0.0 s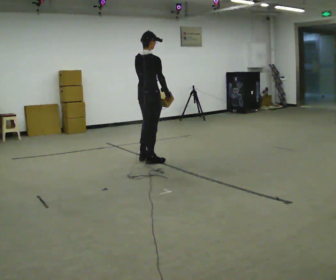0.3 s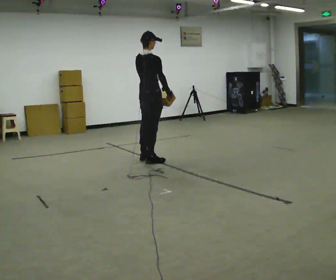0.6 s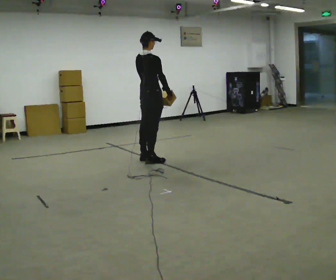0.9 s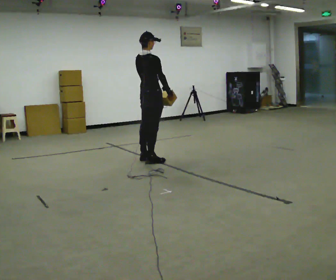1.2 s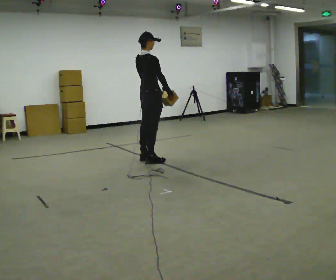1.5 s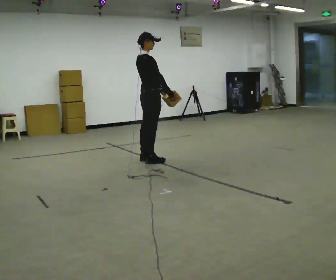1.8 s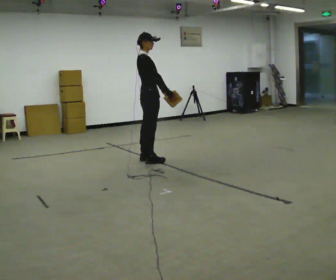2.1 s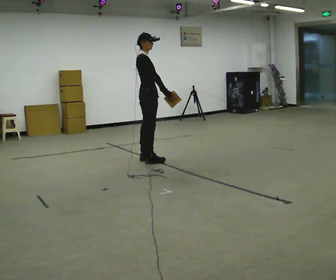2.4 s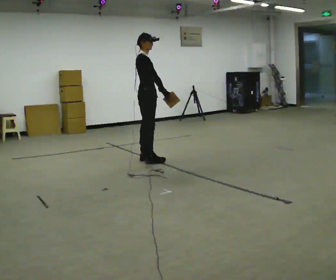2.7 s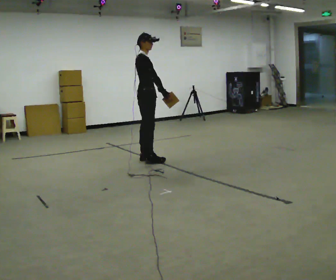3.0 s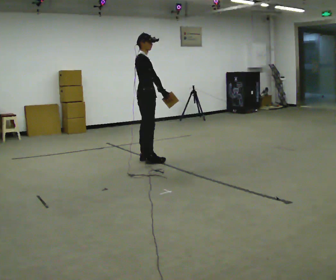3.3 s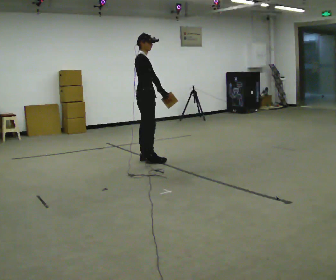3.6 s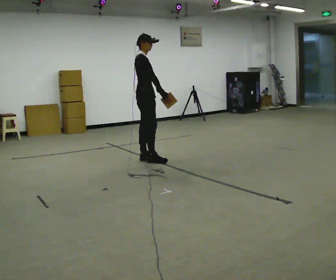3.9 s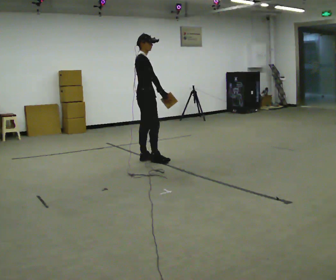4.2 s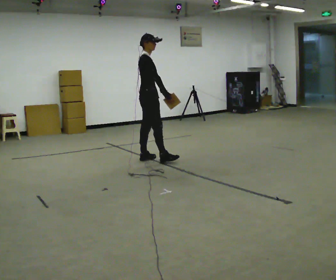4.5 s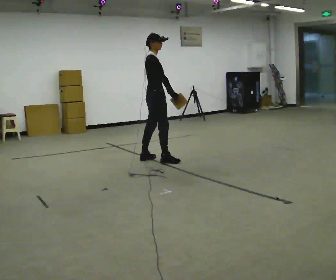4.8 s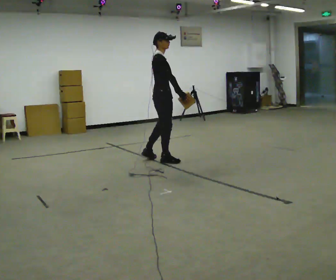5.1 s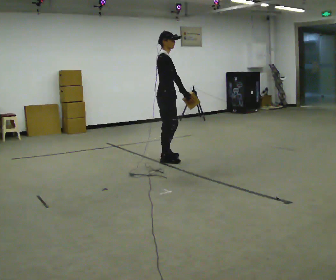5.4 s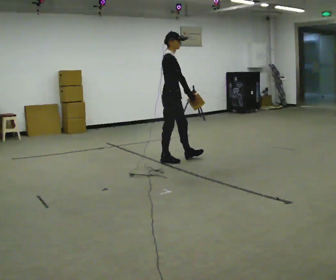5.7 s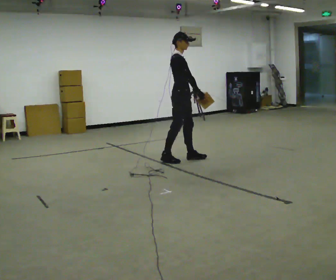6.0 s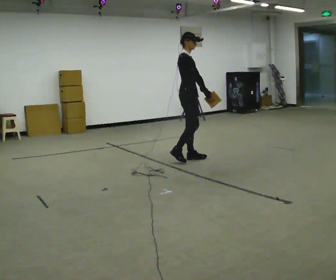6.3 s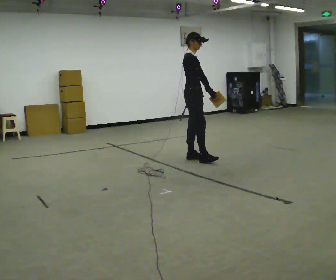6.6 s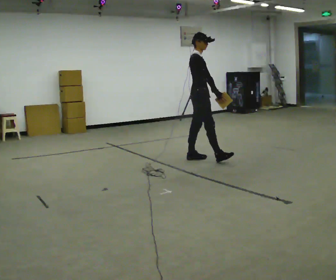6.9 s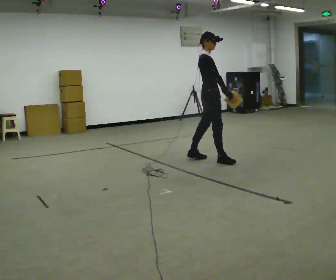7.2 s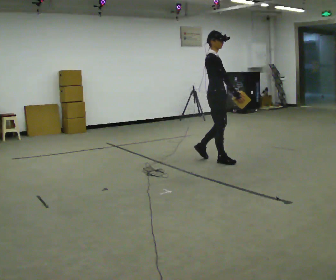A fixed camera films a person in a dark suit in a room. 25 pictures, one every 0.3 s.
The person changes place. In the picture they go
to the right.
The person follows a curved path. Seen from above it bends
clockwise.
0.0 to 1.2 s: The person moves a little, or ends about where they began.
1.2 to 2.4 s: The part of the body nearest the lens slides to the left as the person turns to their right by about 30 degrees.
2.4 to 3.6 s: The person moves a little, or ends about where they began.
3.6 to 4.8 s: In the picture they go to the right, about 0.25 m in 1 step, which for them is forward and to their right.
4.8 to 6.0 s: In the picture they go to the right, about 0.25 m in 1 step, which for them is forward.
6.0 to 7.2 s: In the picture they go to the right and toward the camera, about 0.5 m in 1 step, which for them is forward and to their right.
The film runs forward here.
